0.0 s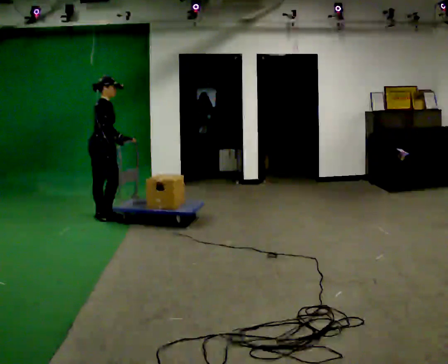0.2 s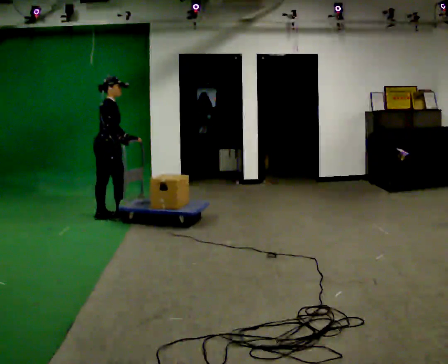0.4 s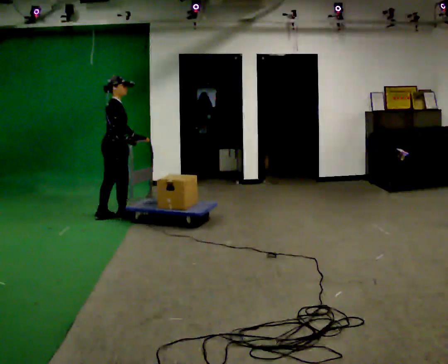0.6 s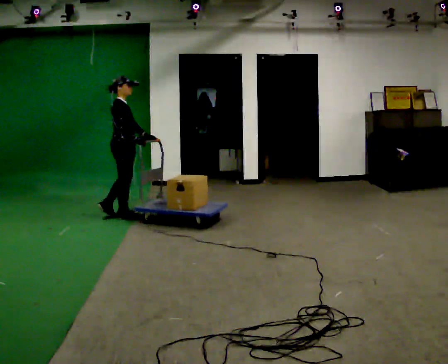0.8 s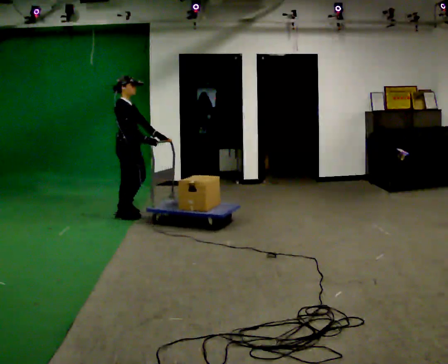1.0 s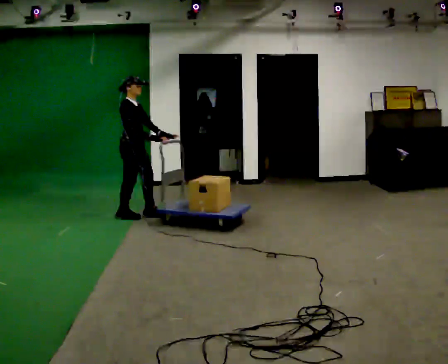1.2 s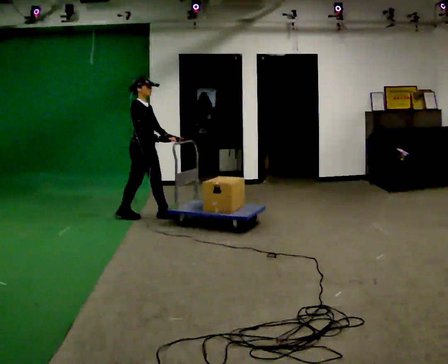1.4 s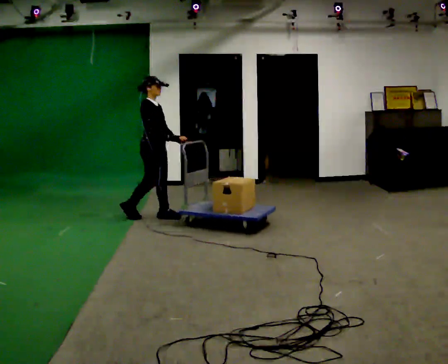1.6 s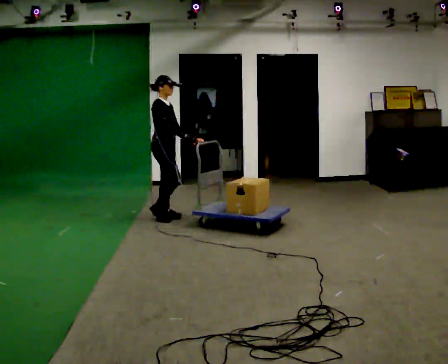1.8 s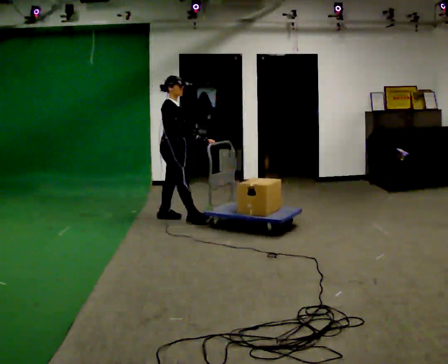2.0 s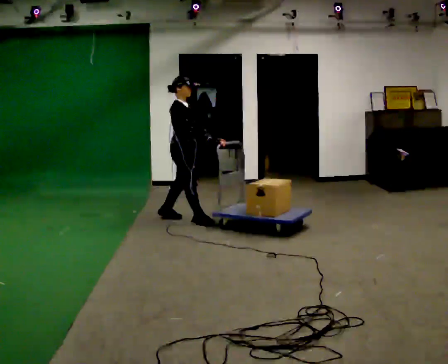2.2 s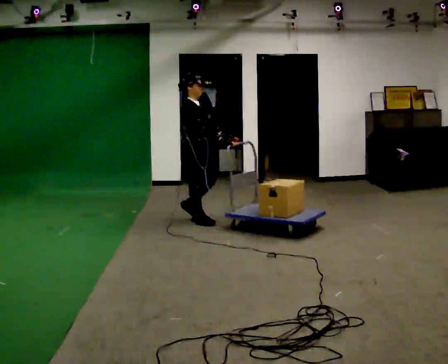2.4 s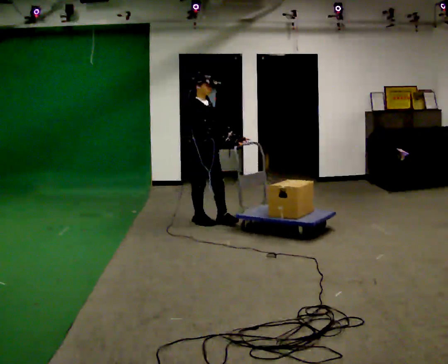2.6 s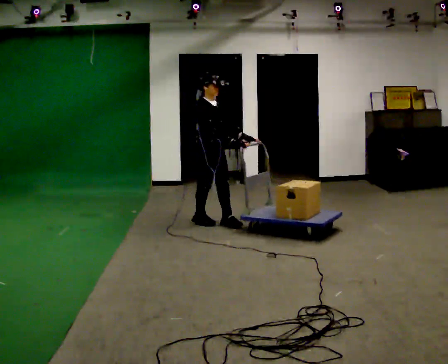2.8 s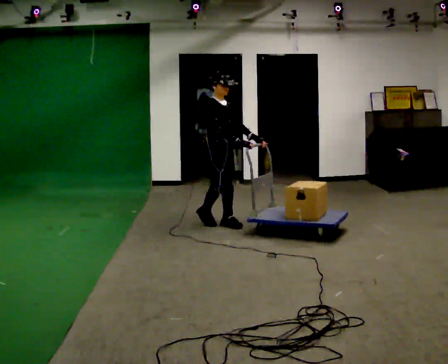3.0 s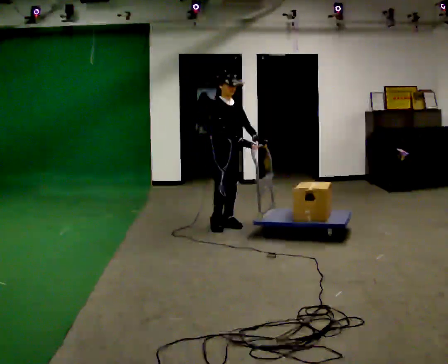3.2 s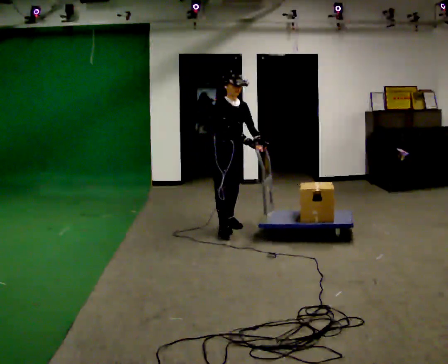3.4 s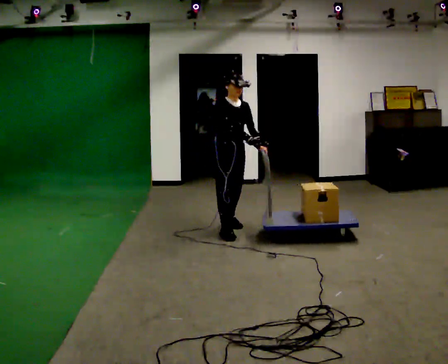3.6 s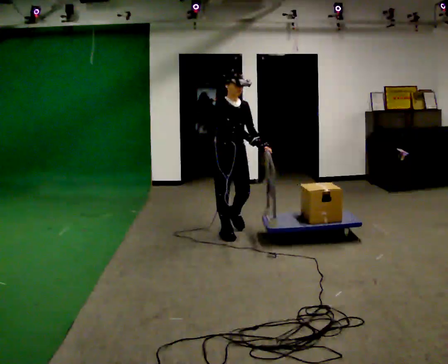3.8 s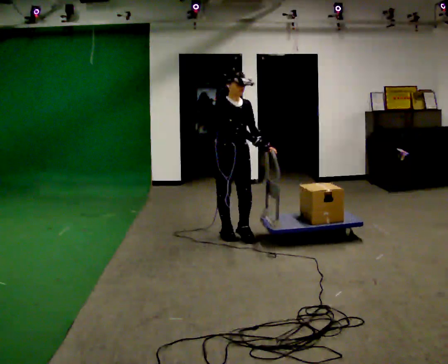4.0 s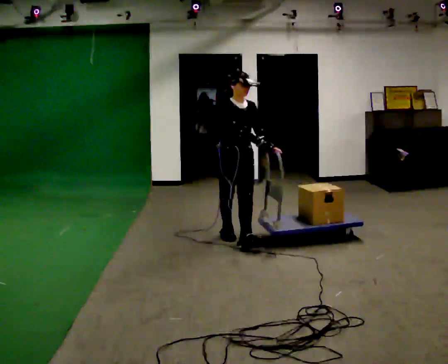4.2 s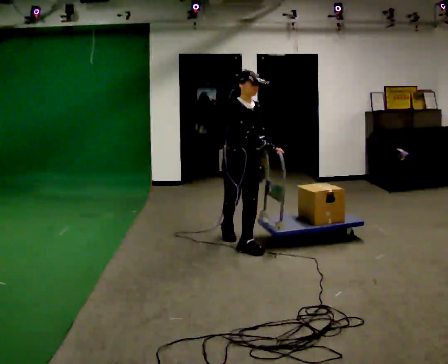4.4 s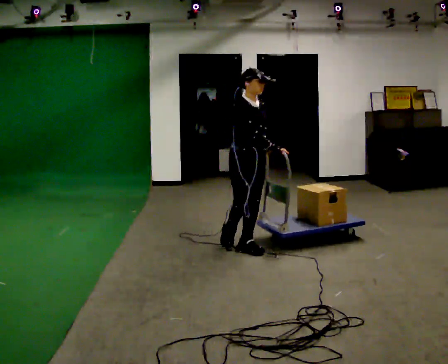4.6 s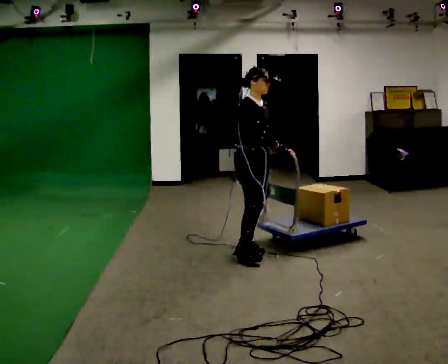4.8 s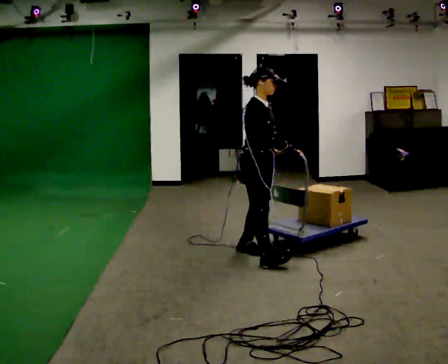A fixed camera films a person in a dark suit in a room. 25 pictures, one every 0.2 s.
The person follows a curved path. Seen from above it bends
clockwise.
0.0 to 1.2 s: Seen from above the body turns clockwise, about 45 degrees: to their right, with its near side sliding to the left. In the picture they go to the right, about 0.5 m in 2 steps, which for them is forward.
1.2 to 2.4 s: In the picture they go to the right and toward the camera, about 0.75 m in 1 step, which for them is forward.
2.4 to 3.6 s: Seen from above the body turns clockwise, about 30 degrees: to their right, with its near side sliding to the left. In the picture they go toward the camera and to the right, about 0.5 m in 2 steps, which for them is forward.
3.6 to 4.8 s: The person turns about 30 degrees to their left, counterclockwise seen from above, so the part of the body nearest the lens slides to the right. In the picture they go toward the camera, about 0.5 m in 1 step, which for them is forward.
The film runs forward here.
